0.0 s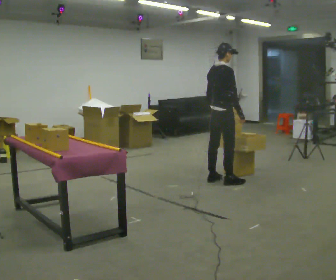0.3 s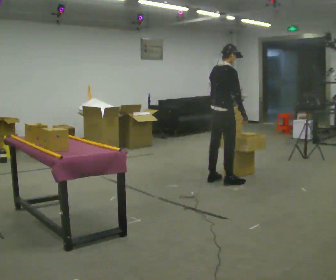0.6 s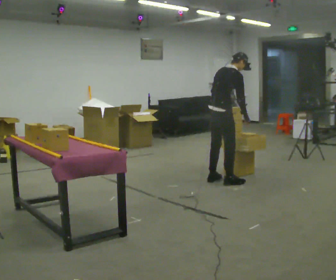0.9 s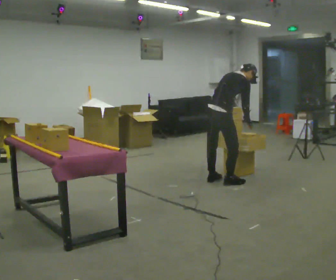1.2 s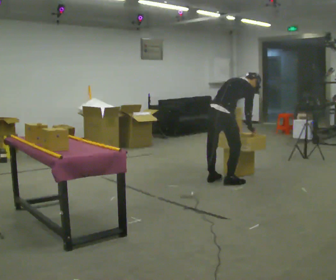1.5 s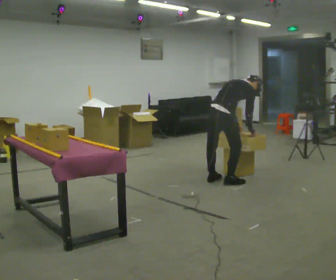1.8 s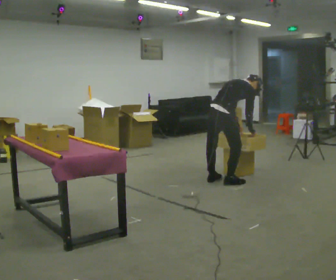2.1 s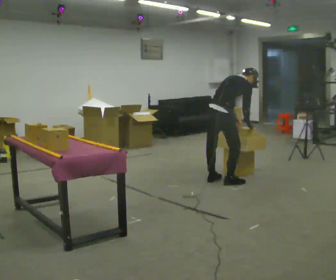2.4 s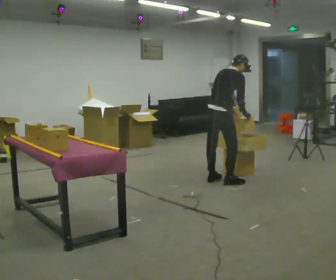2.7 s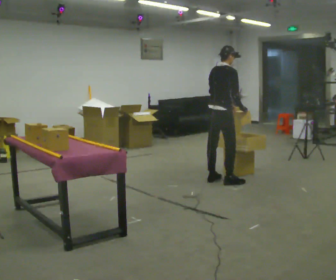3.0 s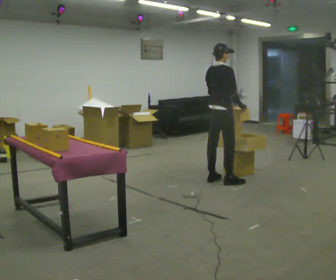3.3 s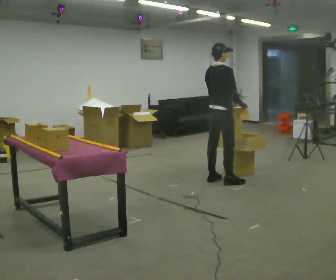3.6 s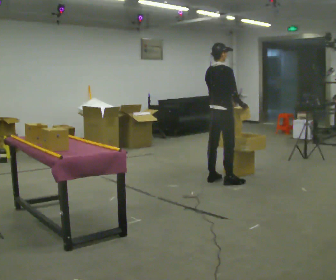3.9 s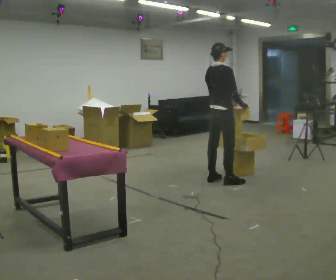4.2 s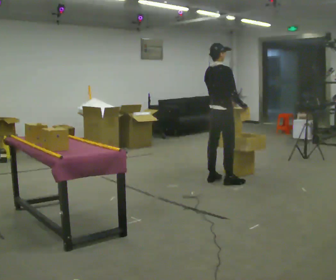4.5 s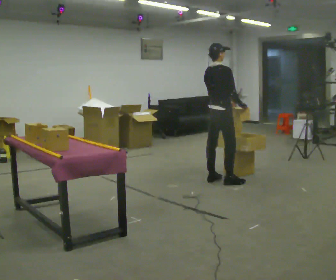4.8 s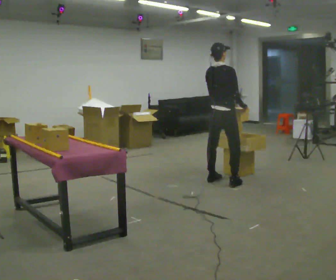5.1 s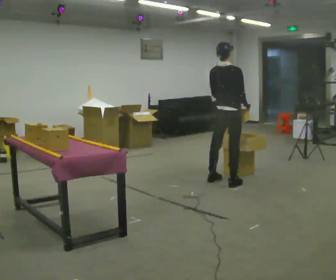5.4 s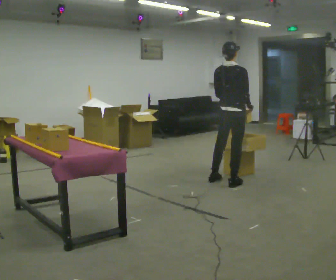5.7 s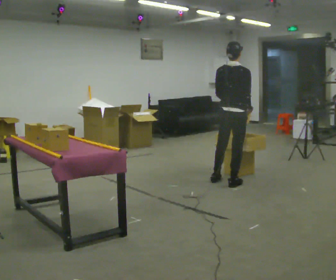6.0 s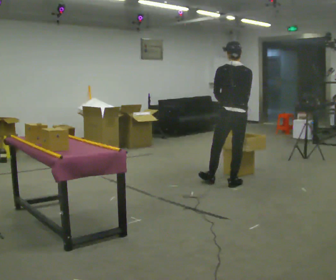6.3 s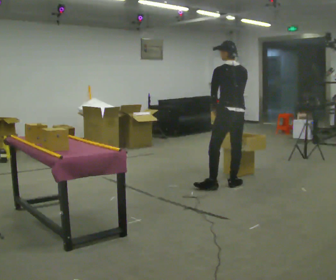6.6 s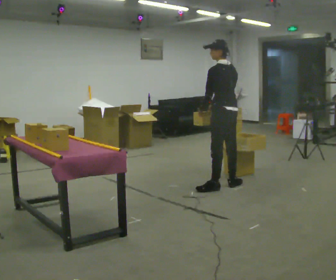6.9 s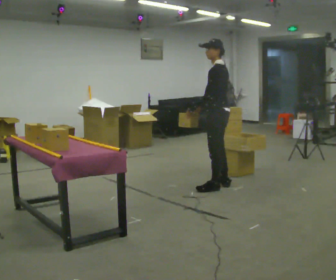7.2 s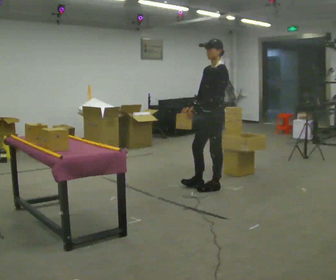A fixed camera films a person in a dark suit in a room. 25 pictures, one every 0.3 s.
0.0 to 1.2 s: In the picture they go toward the camera, about 0.25 m, which for them is to their right. The shoulders move downward. In the picture the upper body tilts clockwise, shoulders to the right, as they bend forward.
1.2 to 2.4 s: In the picture the upper body tilts counterclockwise, shoulders to the left, as they lean back or straighten.
2.4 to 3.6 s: In the picture the upper body tilts counterclockwise, shoulders to the left, as they lean back or straighten.
3.6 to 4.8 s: The person moves a little, or ends about where they began.
4.8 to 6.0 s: Seen from above the body turns counterclockwise, about 30 degrees: to their left, with its near side sliding to the right. In the picture they go toward the camera, about 0.25 m, which for them is to their right and backward.
6.0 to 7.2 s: Seen from above the body turns counterclockwise, about 120 degrees: to their left, with its near side sliding to the right. In the picture they go to the left, about 0.25 m in 1 step. In the picture their right hand goes to the left, the arm swinging clockwise.
The film runs forward here.
